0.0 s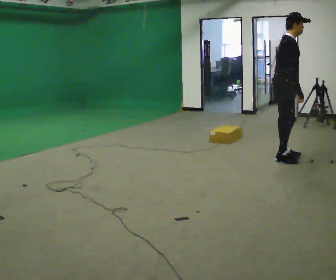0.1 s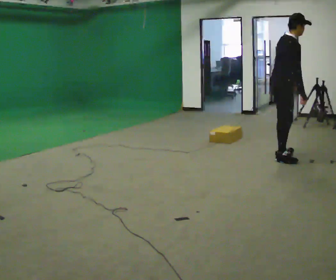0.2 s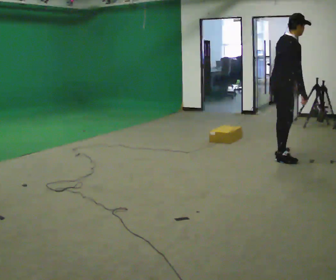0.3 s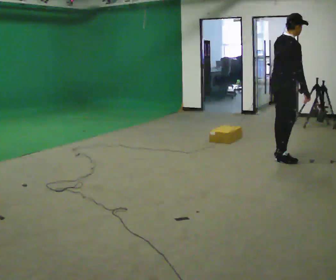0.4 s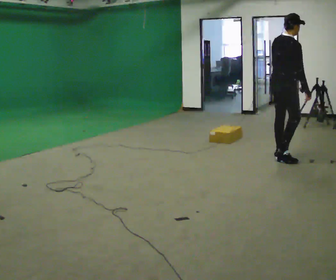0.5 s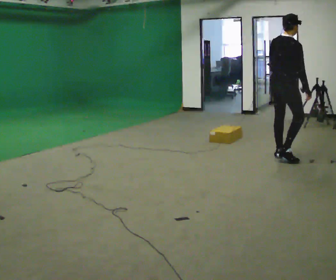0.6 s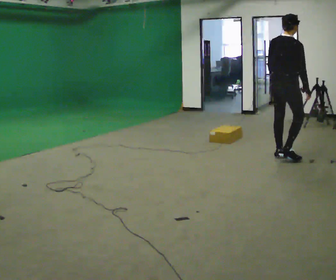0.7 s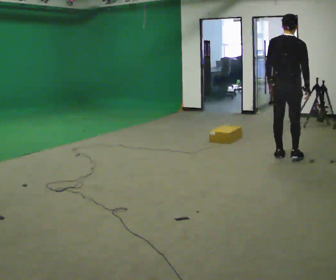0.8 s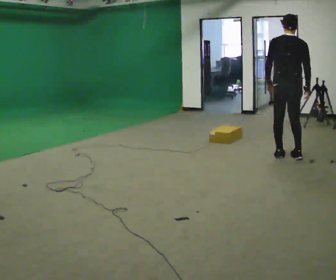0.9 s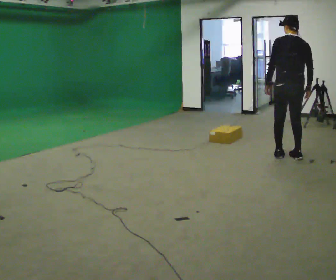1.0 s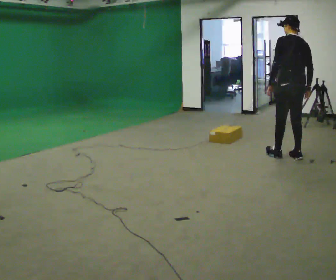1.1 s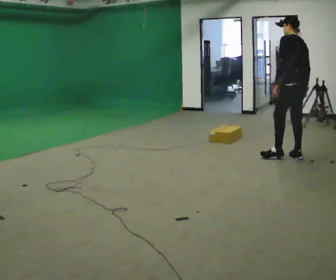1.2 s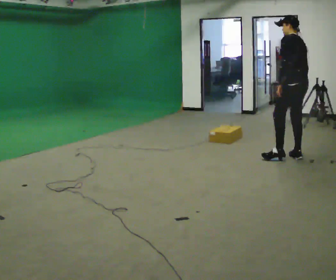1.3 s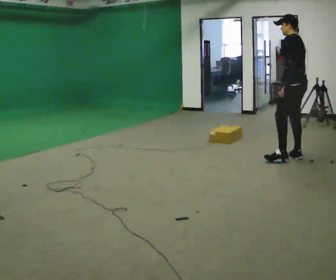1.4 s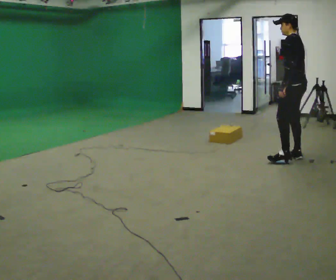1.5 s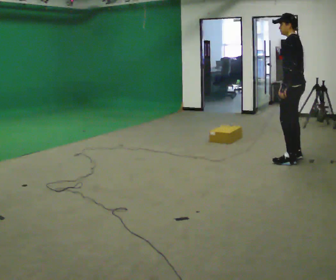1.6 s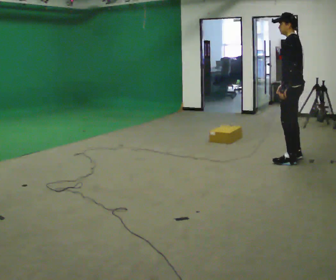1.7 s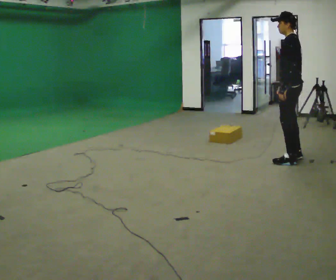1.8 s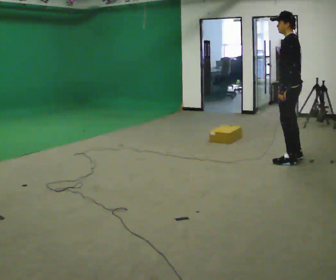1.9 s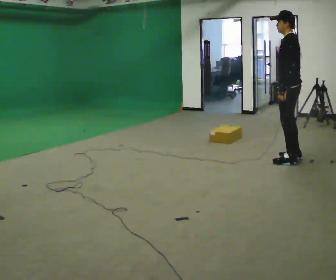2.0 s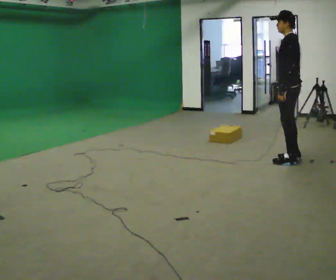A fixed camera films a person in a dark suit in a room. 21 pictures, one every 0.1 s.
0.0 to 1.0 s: The part of the body nearest the lens slides to the right as the person turns to their left by about 120 degrees. The upper body tips away from the camera, its near side rolling upward.
1.0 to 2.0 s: The person turns about 60 degrees to their left, counterclockwise seen from above, so the part of the body nearest the lens slides to the right.
The film runs forward here.
